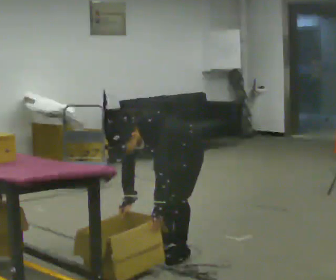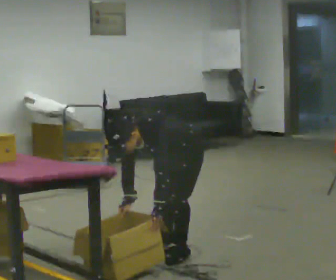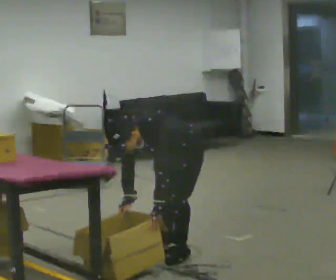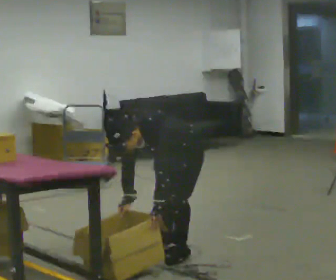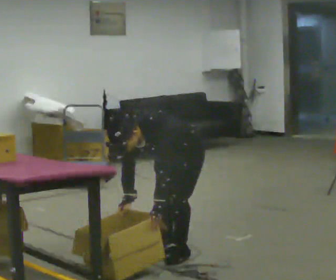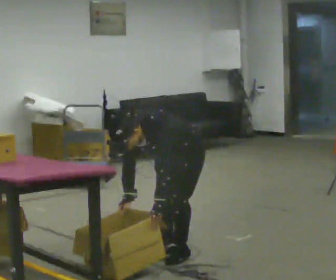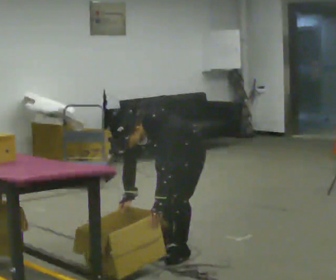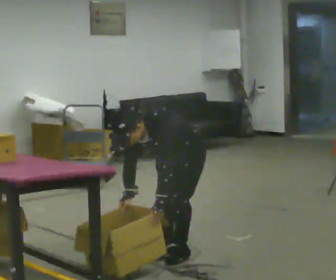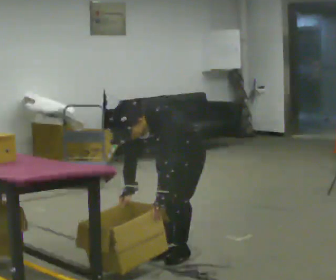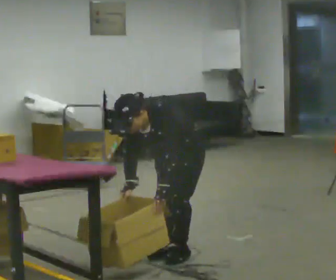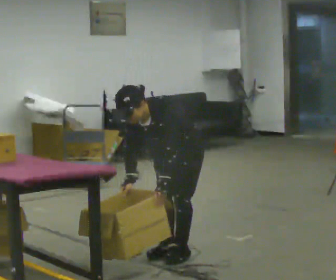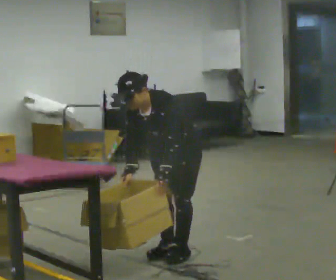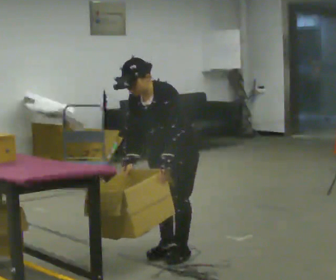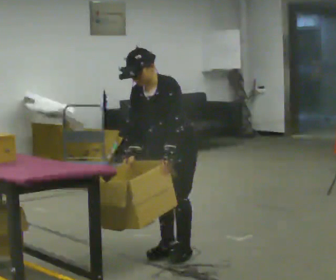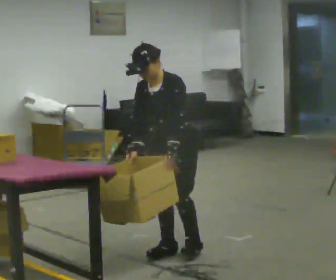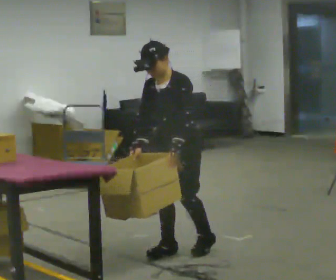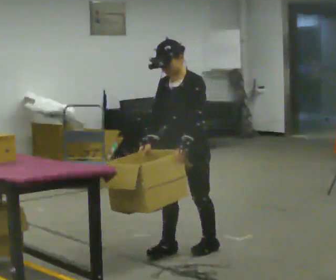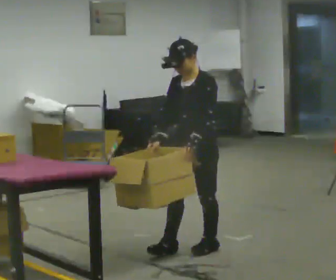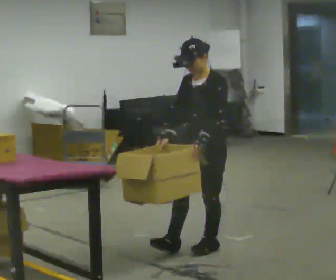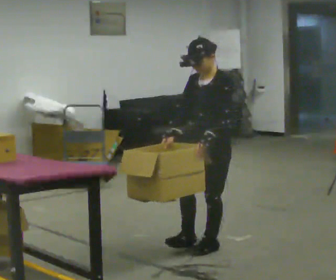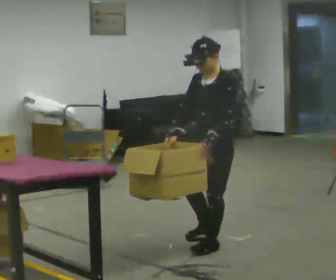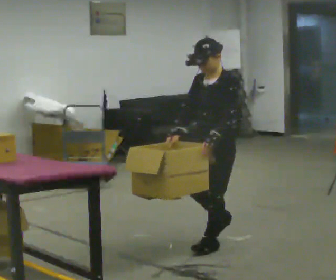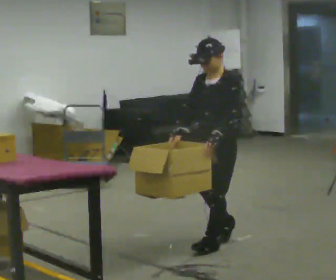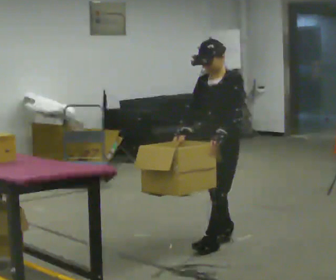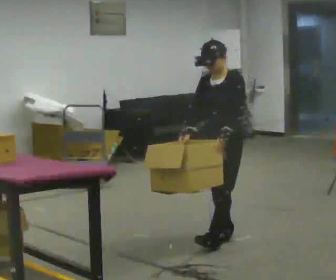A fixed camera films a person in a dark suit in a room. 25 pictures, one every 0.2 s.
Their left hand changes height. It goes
upward.
The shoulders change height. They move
upward.
0.0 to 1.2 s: The person moves a little, or ends about where they began.
1.2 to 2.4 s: The shoulders move upward. The upper body tips away from the camera, its near side rolling upward, as they lean back or straighten.
2.4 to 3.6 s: In the picture they go to the right, about 0.25 m in 1 step, which for them is backward and to their left. In the picture the upper body tilts clockwise, shoulders to the right, as they lean back or straighten.
3.6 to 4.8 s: In the picture they go away from the camera and to the right, about 0.25 m in 1 step, which for them is backward.
The film runs backward here.
